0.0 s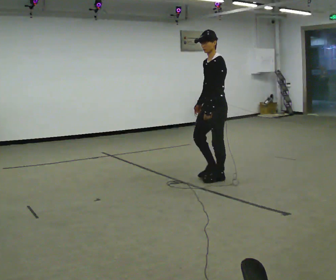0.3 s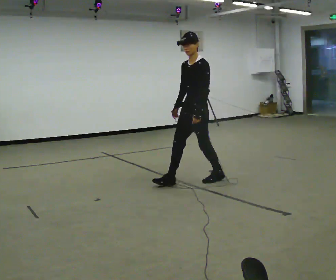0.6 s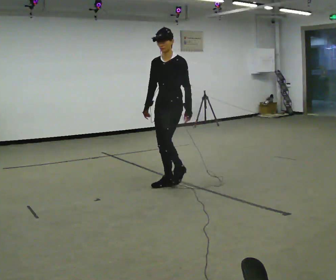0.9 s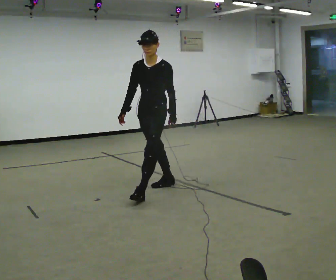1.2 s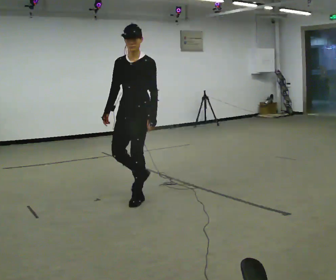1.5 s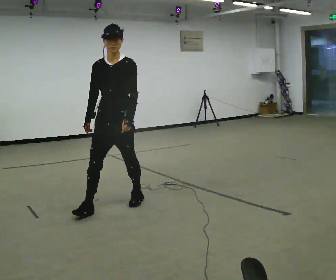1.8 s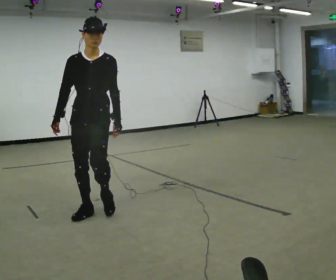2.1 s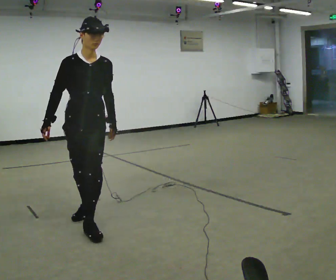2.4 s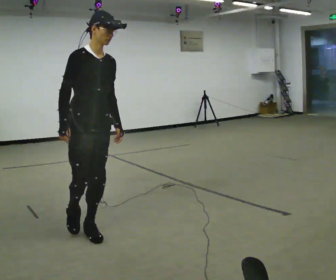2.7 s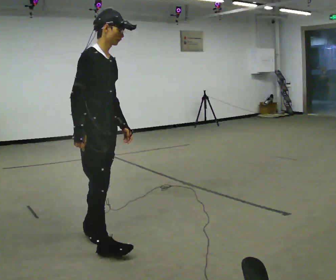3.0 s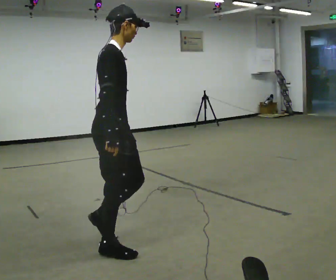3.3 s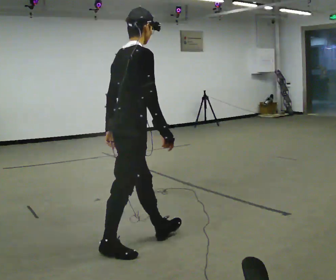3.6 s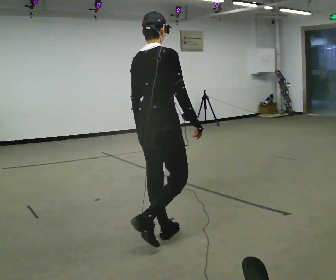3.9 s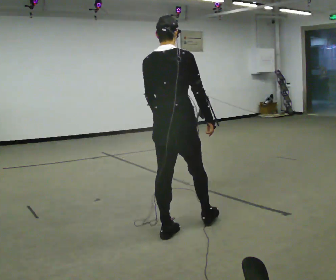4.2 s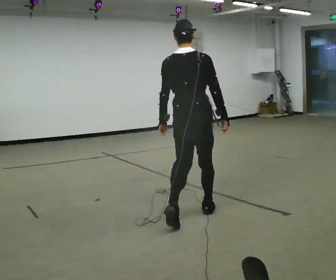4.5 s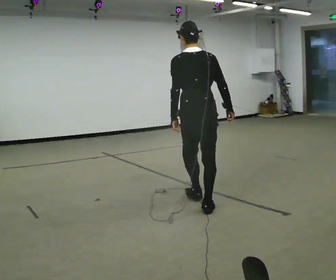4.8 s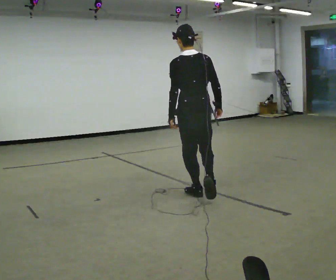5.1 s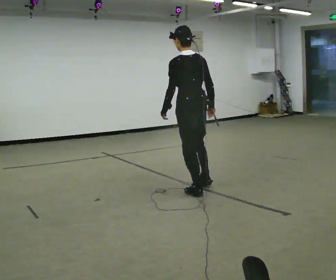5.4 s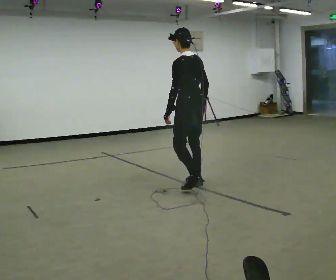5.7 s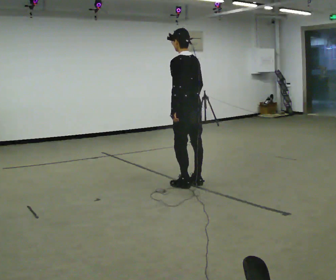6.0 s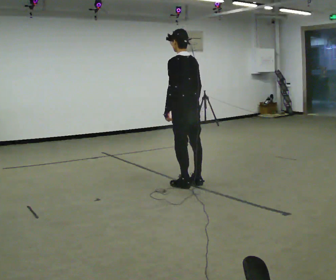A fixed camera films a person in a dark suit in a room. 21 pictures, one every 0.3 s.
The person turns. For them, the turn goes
to their left.
The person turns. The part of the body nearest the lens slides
to the right.
0.0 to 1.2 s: The person turns about 45 degrees to their left, counterclockwise seen from above, so the part of the body nearest the lens slides to the right. In the picture they go to the left and toward the camera, about 1 m in 2 steps, which for them is forward.
1.2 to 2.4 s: Seen from above the body turns counterclockwise, about 75 degrees: to their left, with its near side sliding to the right. In the picture they go toward the camera, about 1 m in 2 steps.
2.4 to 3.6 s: The part of the body nearest the lens slides to the right as the person turns to their left by about 105 degrees. In the picture they go to the right, about 0.5 m in 2 steps.
3.6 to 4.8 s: The person turns about 45 degrees to their left, counterclockwise seen from above, so the part of the body nearest the lens slides to the right. In the picture they go away from the camera and to the right, about 1 m in 2 steps, which for them is forward.
4.8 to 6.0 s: The part of the body nearest the lens slides to the right as the person turns to their left by about 30 degrees. In the picture they go away from the camera, about 0.5 m in 2 steps, which for them is forward and to their right.
The film runs forward here.
